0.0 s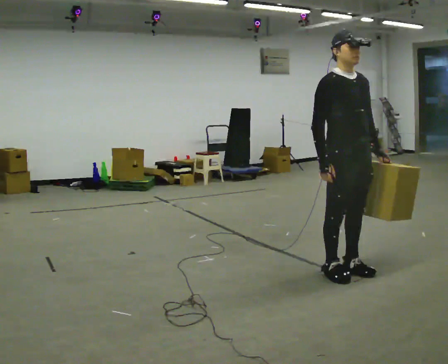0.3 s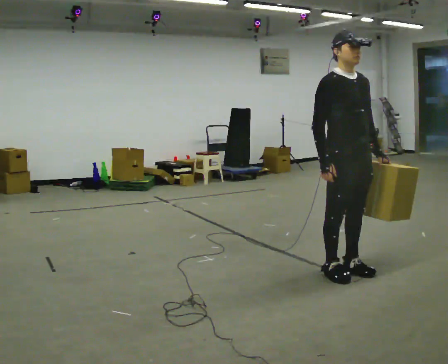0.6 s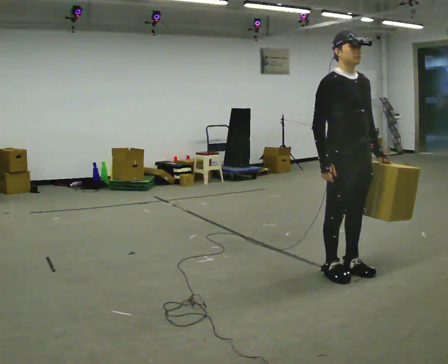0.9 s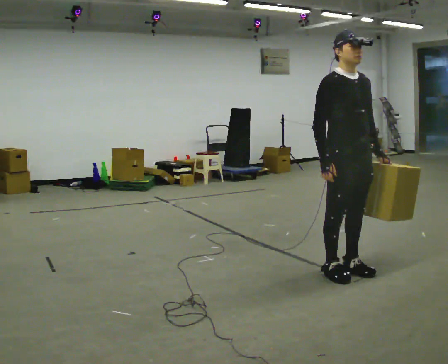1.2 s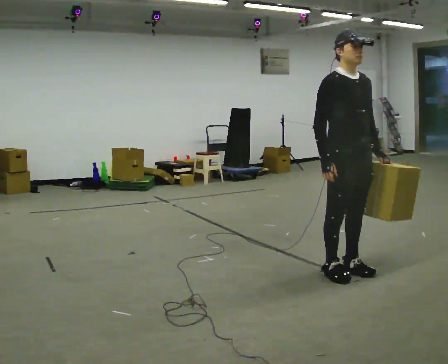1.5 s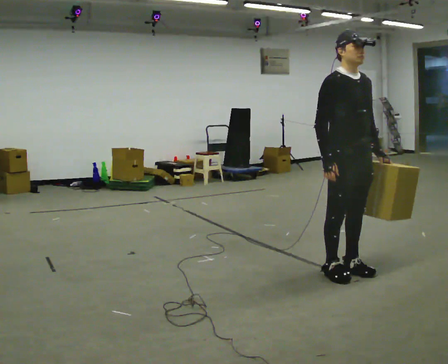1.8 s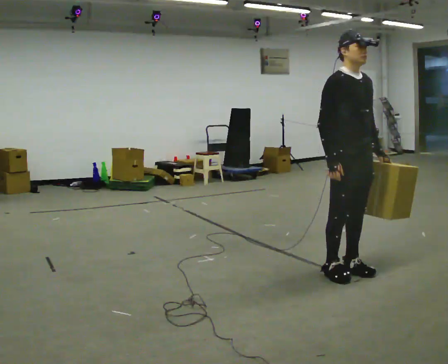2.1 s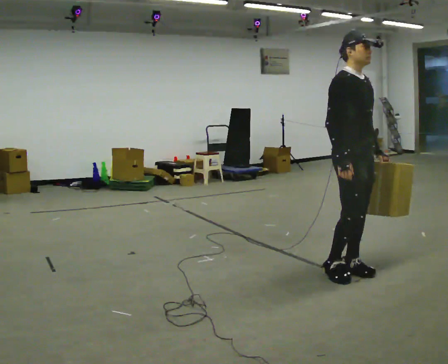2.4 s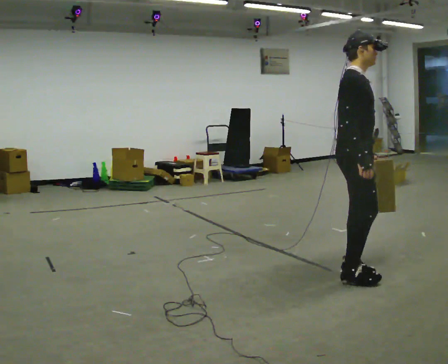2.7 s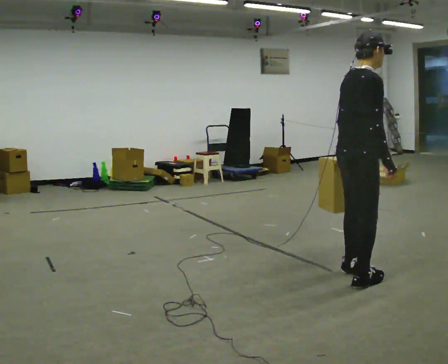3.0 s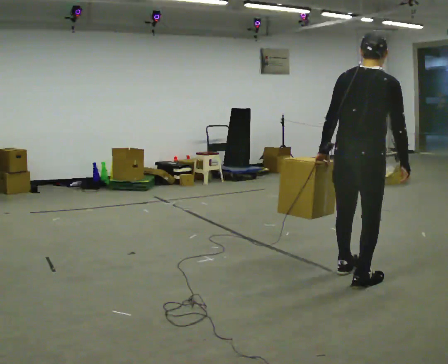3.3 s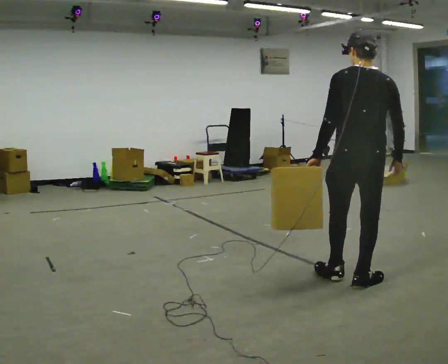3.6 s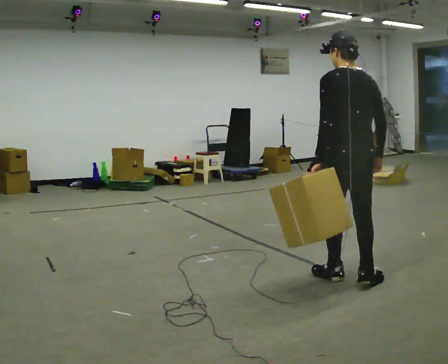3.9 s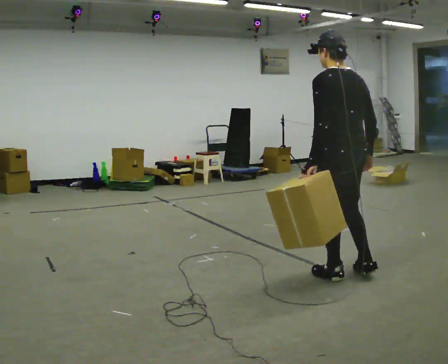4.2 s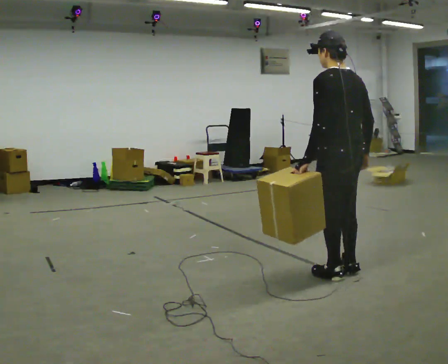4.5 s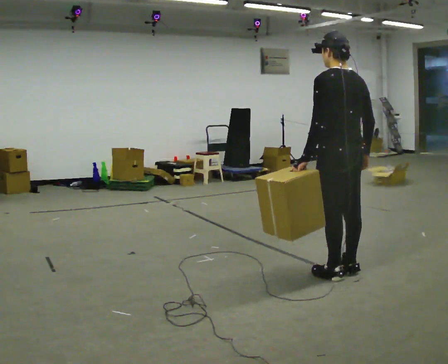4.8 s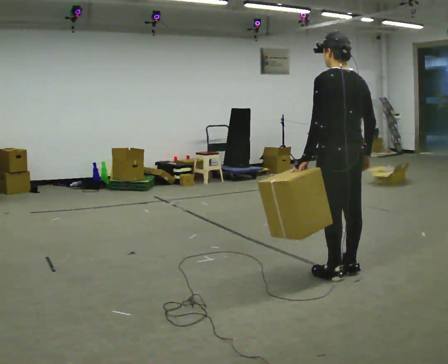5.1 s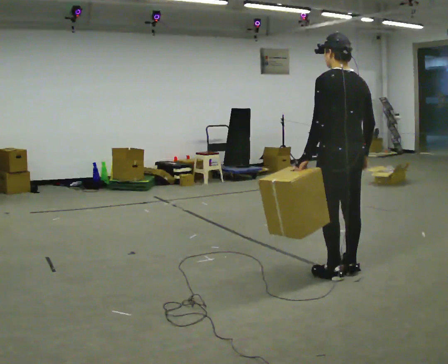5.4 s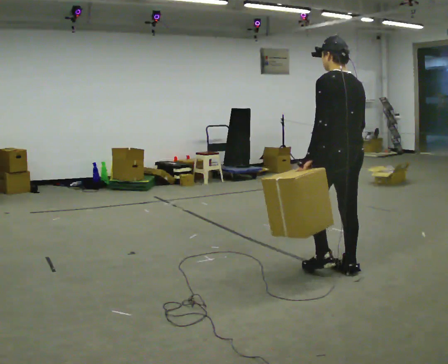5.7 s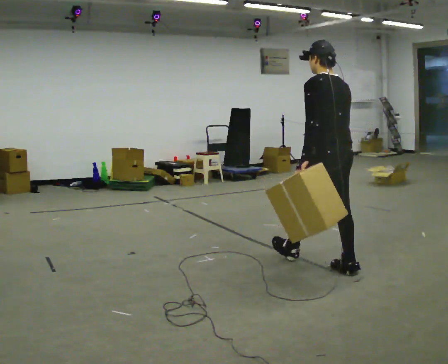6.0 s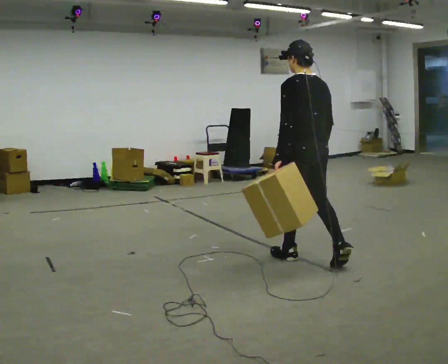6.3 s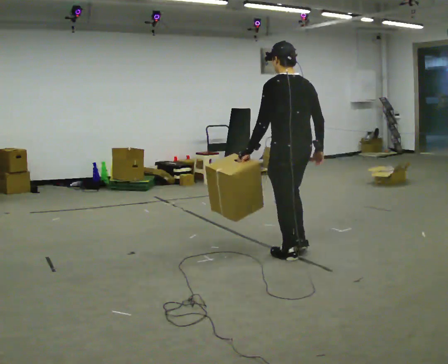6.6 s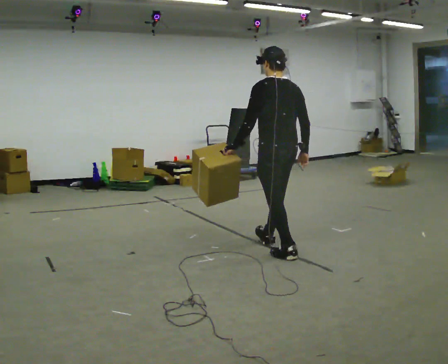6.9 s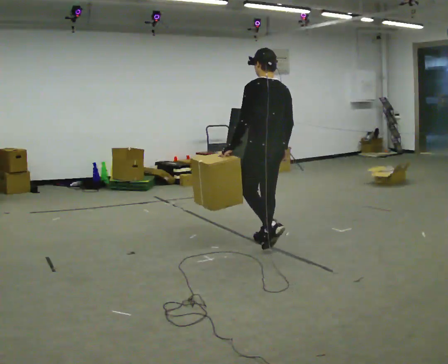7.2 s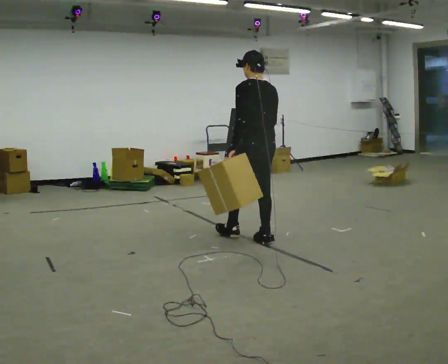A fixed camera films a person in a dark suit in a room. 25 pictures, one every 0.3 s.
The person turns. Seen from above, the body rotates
counterclockwise.
The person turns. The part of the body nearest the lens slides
to the right.
0.0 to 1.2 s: The person keeps their place and pose.
1.2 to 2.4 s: The person turns about 45 degrees to their left, counterclockwise seen from above, so the part of the body nearest the lens slides to the right.
2.4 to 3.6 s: Seen from above the body turns counterclockwise, about 120 degrees: to their left, with its near side sliding to the right. In the picture their left hand goes to the left.
3.6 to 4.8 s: The person moves a little, or ends about where they began.
4.8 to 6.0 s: In the picture they go away from the camera and to the left, about 0.5 m in 1 step, which for them is forward.
6.0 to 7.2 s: In the picture they go away from the camera and to the left, about 1 m in 1 step, which for them is forward.
The film runs forward here.
